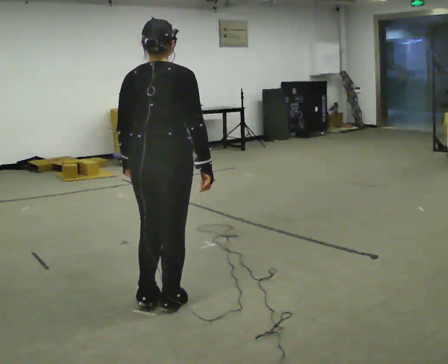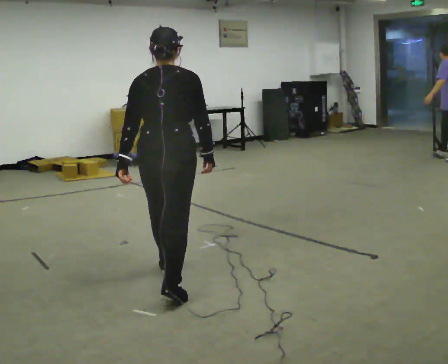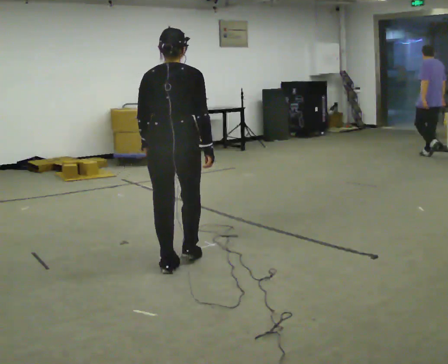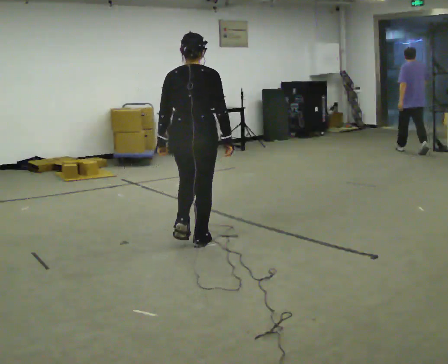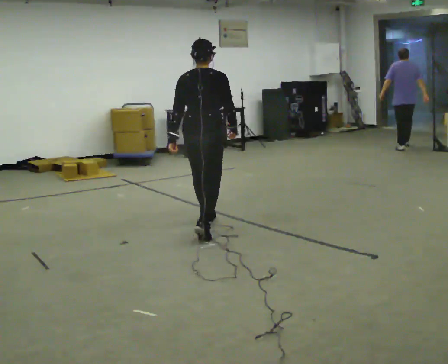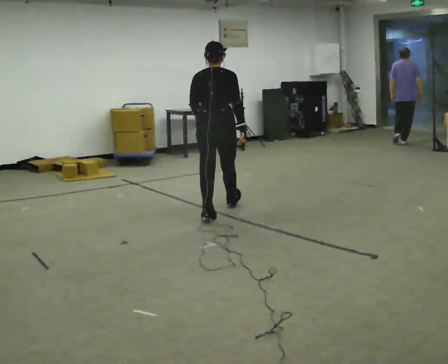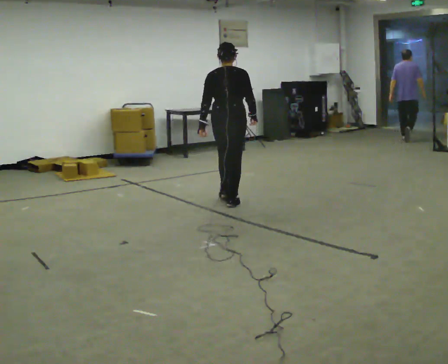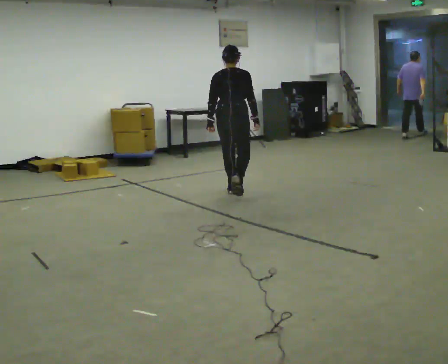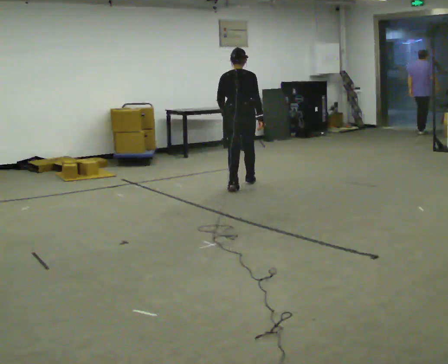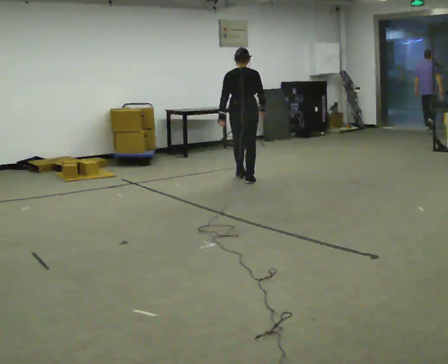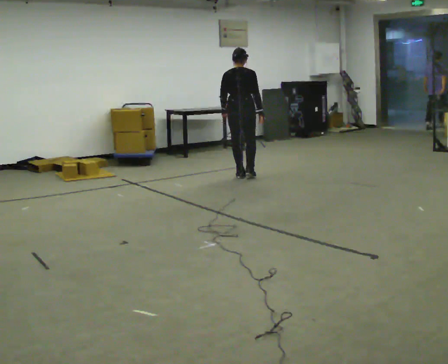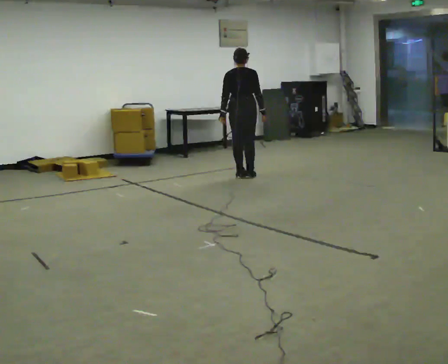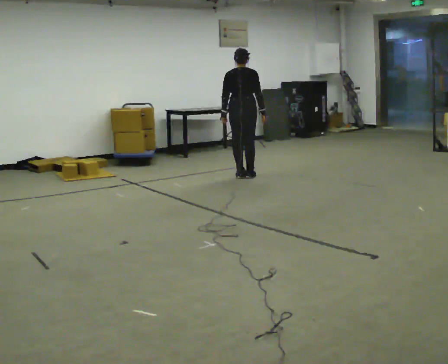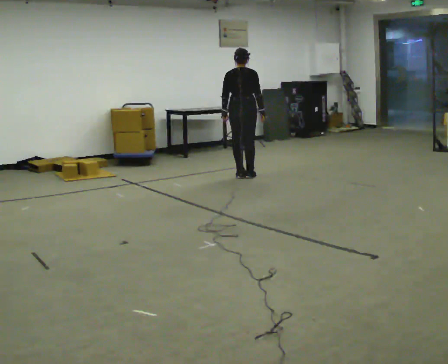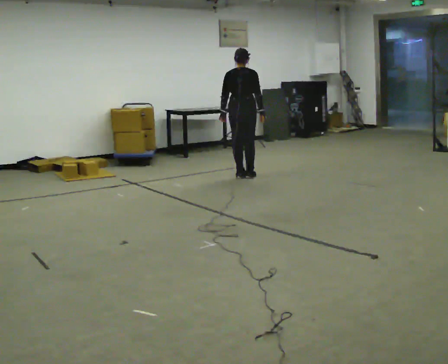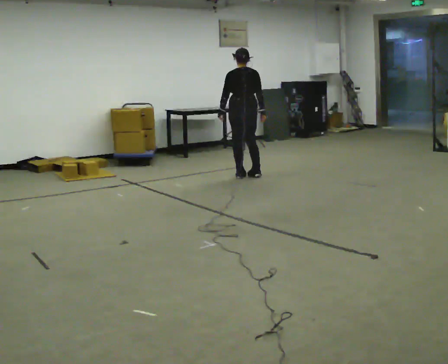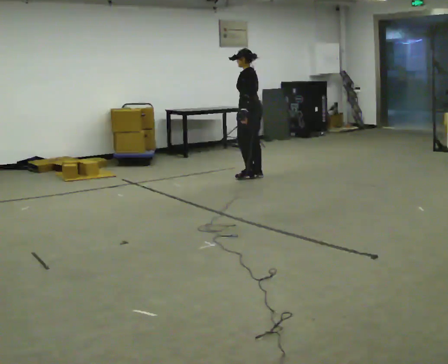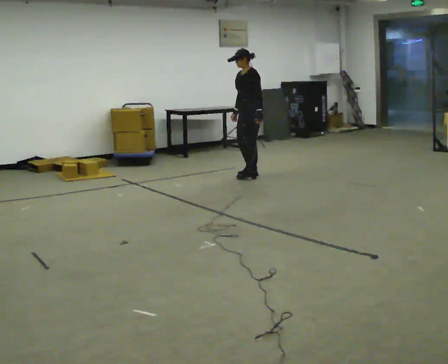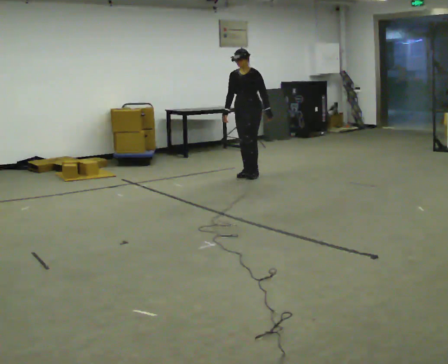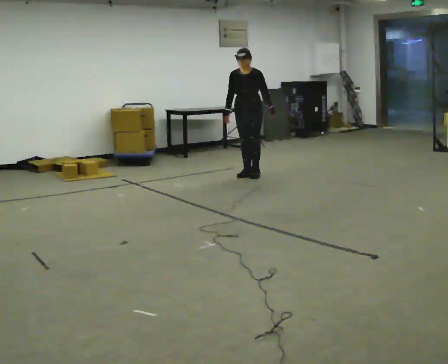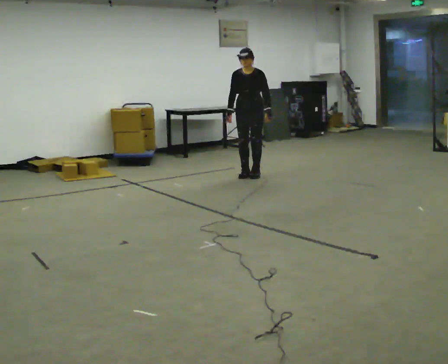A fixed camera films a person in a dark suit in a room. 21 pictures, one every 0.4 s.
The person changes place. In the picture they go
away from the camera.
0.0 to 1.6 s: In the picture they go away from the camera, about 1.5 m in 3 steps, which for them is forward.
1.6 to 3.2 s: In the picture they go away from the camera, about 1.5 m in 3 steps, which for them is forward.
3.2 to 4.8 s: In the picture they go away from the camera, about 0.5 m in 2 steps, which for them is forward.
4.8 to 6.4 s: The part of the body nearest the lens slides to the right as the person turns to their left by about 75 degrees.
6.4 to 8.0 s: The part of the body nearest the lens slides to the right as the person turns to their left by about 90 degrees.
The film runs forward here.
